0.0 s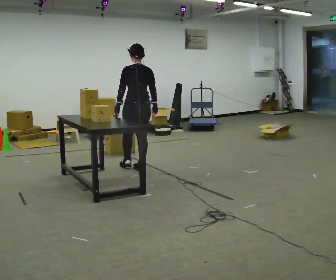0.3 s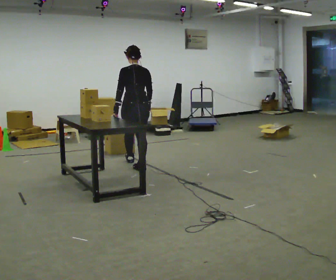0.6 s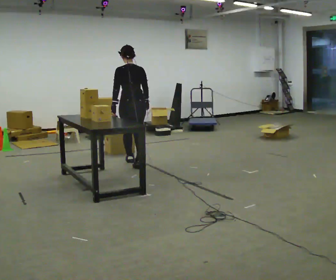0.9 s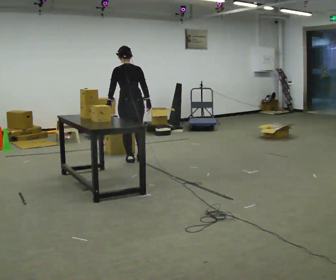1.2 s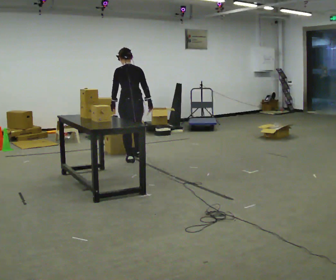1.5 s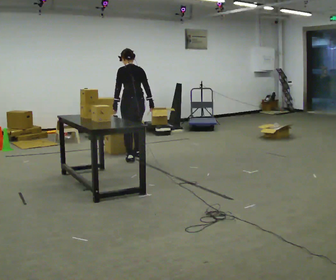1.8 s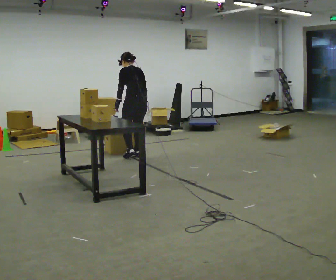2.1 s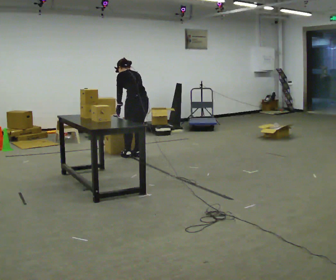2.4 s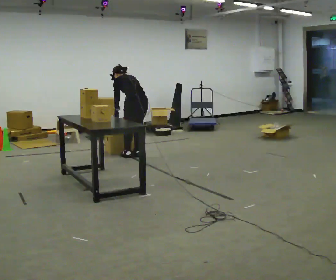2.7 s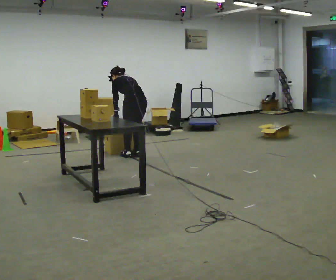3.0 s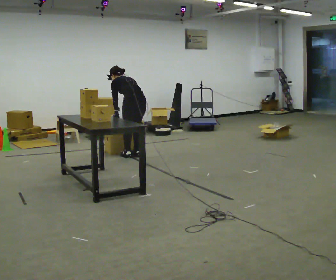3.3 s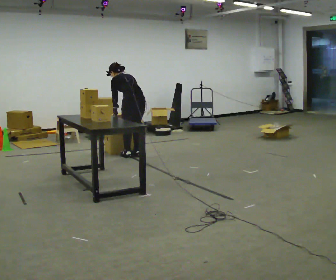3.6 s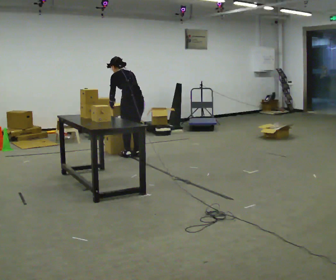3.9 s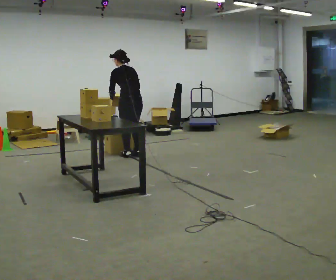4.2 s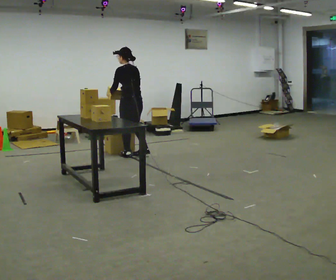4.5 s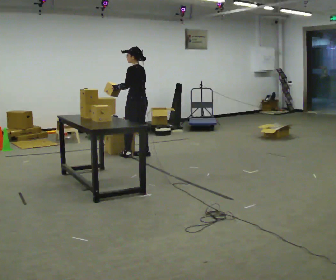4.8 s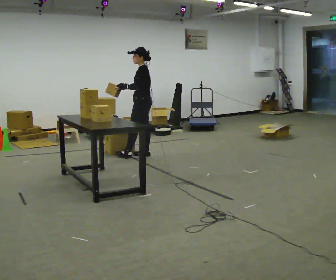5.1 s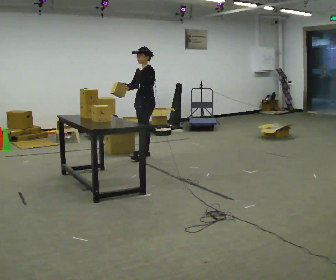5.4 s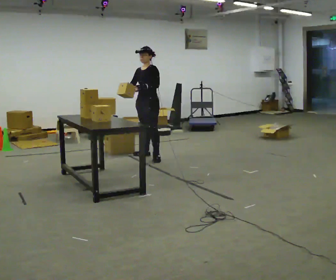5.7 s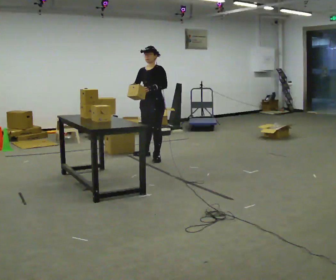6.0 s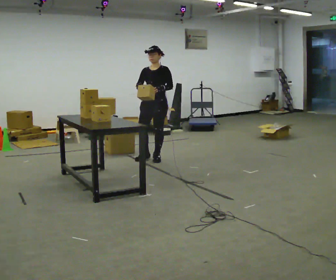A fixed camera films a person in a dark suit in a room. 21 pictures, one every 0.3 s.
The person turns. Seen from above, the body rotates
counterclockwise.
The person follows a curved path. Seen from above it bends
clockwise.
0.0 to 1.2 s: In the picture they go away from the camera, about 0.5 m in 2 steps, which for them is forward.
1.2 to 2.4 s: In the picture they go away from the camera, about 0.25 m in 1 step, which for them is to their right. The shoulders move downward. The upper body tips away from the camera, its near side rolling upward, as they bend forward. In the picture their right hand goes to the left.
2.4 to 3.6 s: The person moves a little, or ends about where they began.
3.6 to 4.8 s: The part of the body nearest the lens slides to the right as the person turns to their left by about 60 degrees. In the picture they go to the right, about 0.25 m in 1 step, which for them is to their right. The upper body tips toward the camera, its near side rolling downward, as they lean back or straighten.
4.8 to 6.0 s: The person turns about 75 degrees to their left, counterclockwise seen from above, so the part of the body nearest the lens slides to the right. In the picture they go toward the camera and to the right, about 0.25 m in 1 step.
The film runs forward here.
